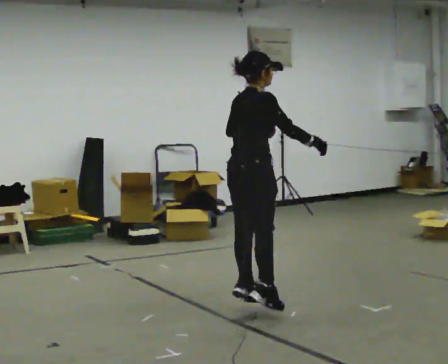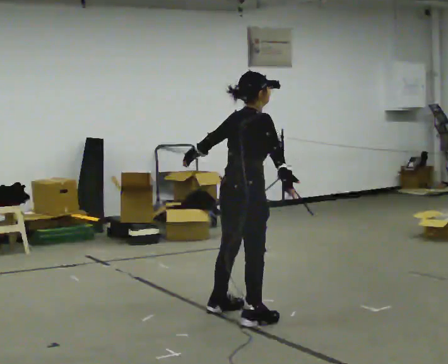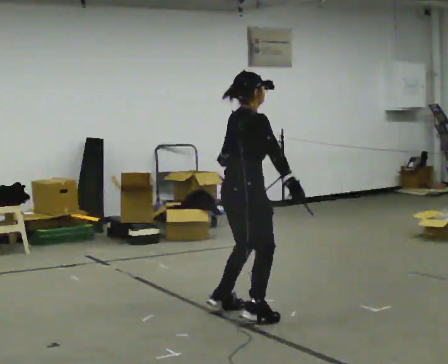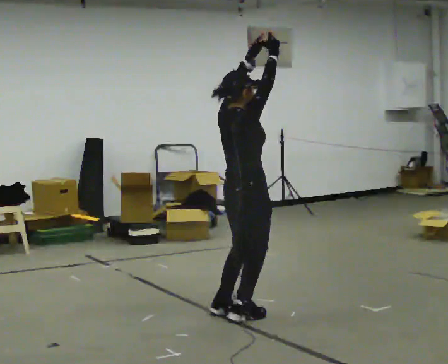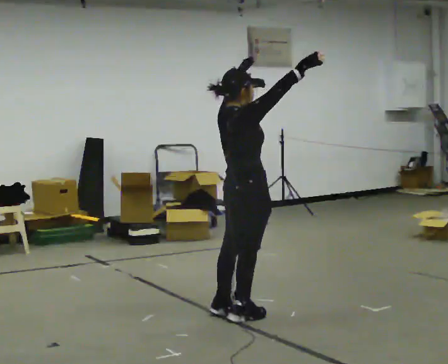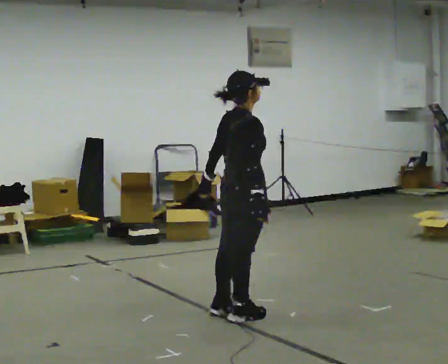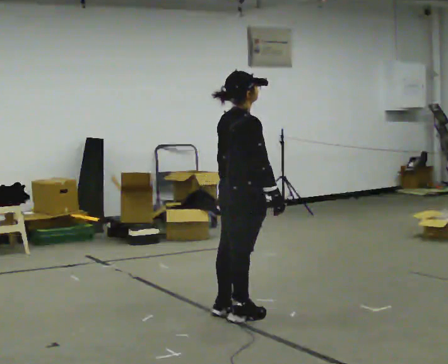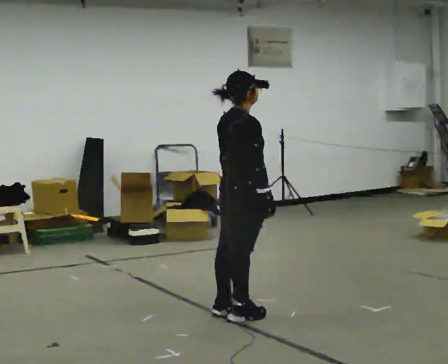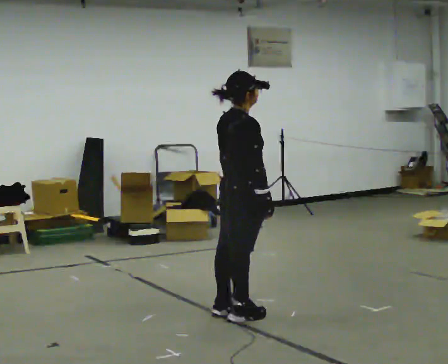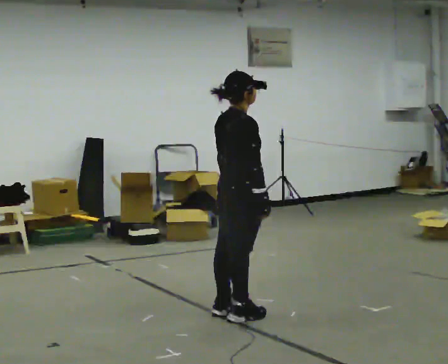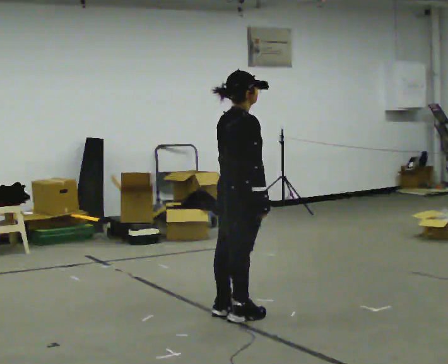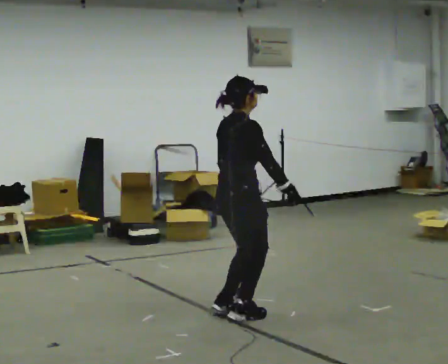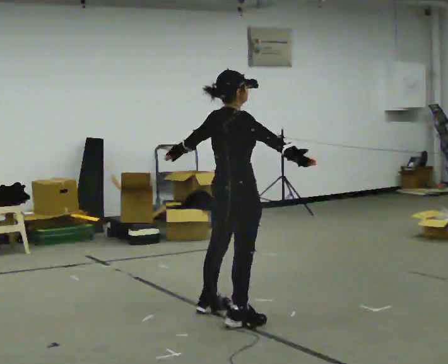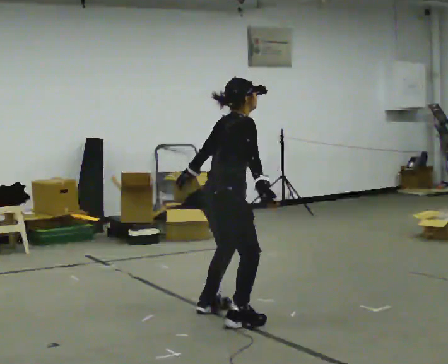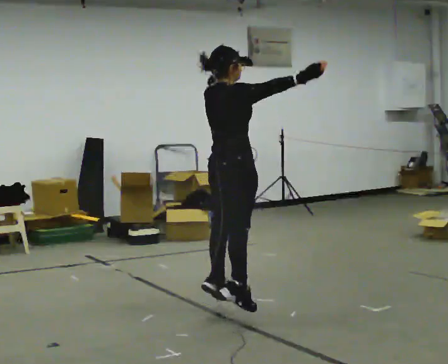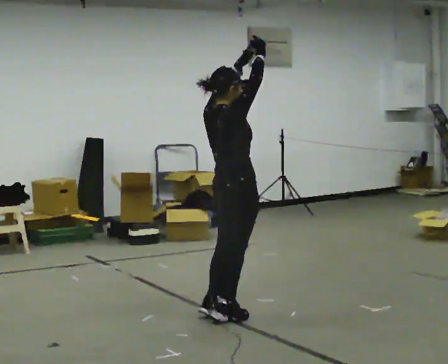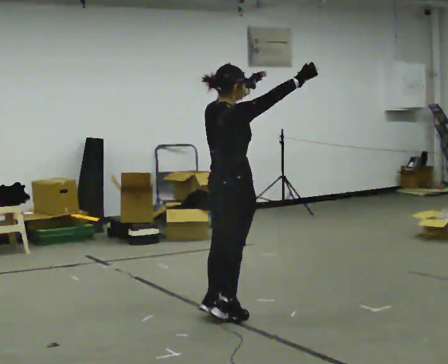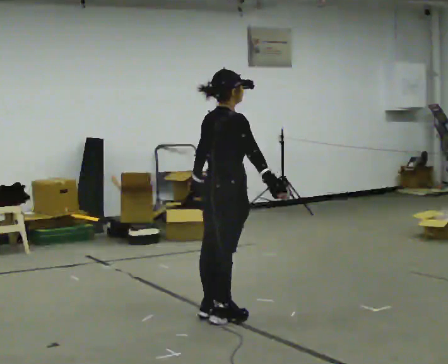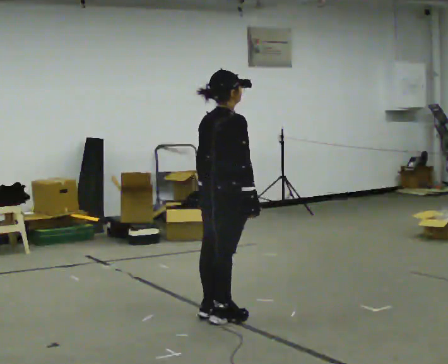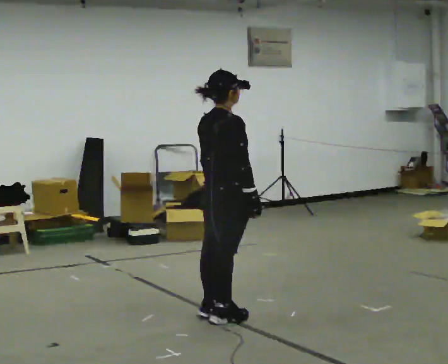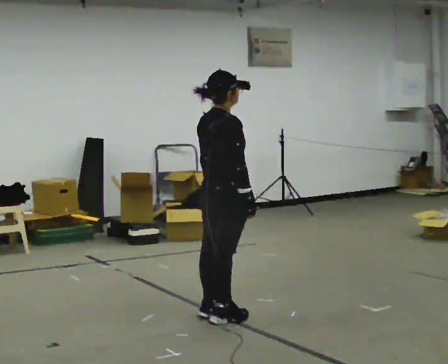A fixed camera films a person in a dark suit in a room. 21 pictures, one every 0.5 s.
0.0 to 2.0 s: In the picture their right hand goes upward.
2.0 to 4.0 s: In the picture their right hand goes downward, the arm swinging clockwise.
4.0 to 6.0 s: In the picture their left hand goes to the left.
6.0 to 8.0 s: In the picture their left hand goes upward and to the right.
8.0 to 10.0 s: In the picture their right hand goes downward and to the left, the arm swinging clockwise.
The film runs forward here.
